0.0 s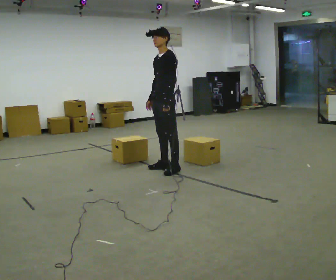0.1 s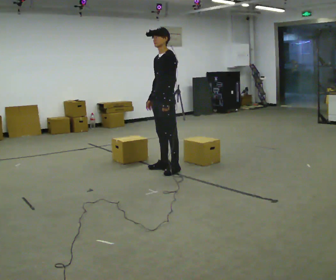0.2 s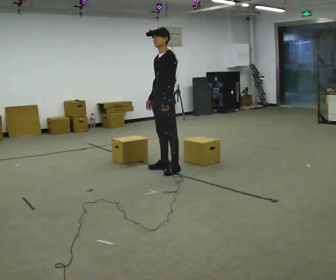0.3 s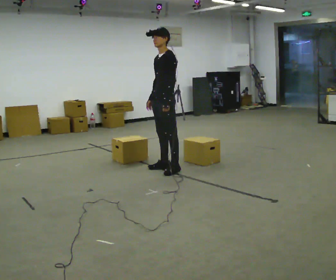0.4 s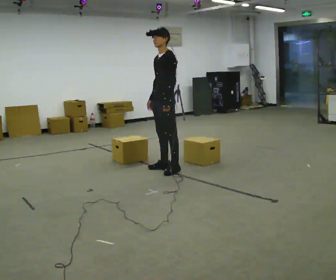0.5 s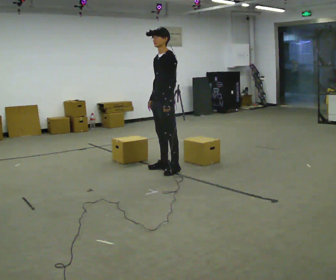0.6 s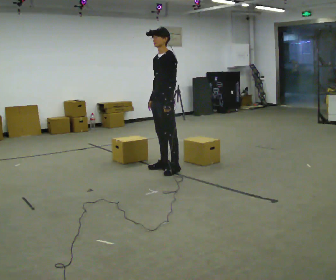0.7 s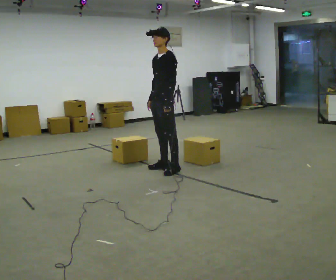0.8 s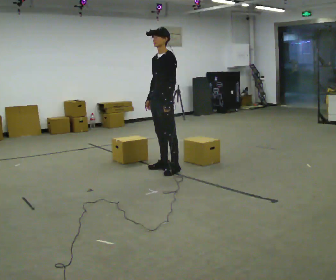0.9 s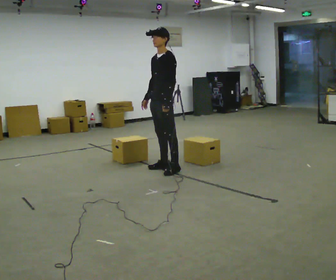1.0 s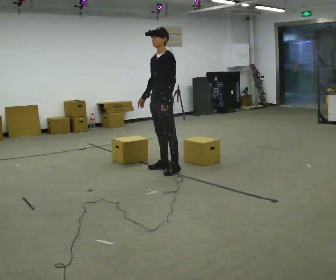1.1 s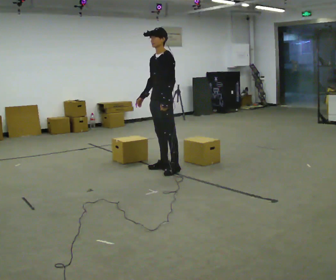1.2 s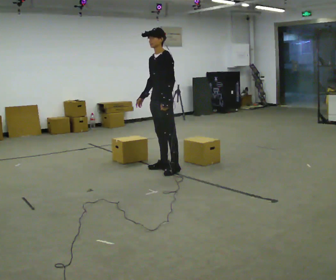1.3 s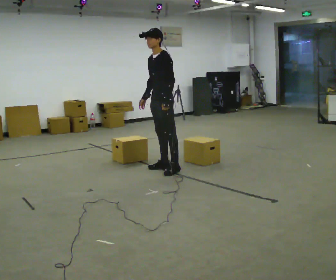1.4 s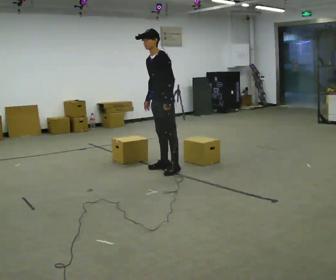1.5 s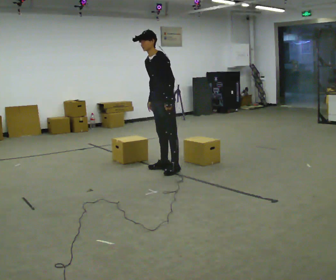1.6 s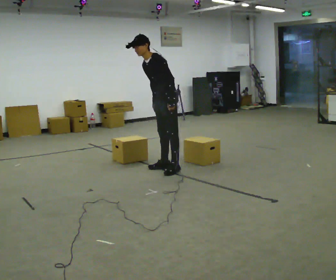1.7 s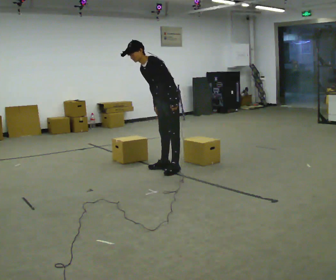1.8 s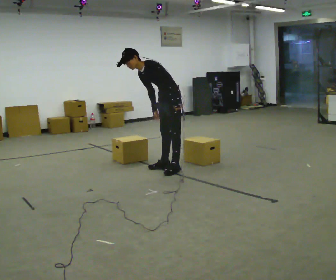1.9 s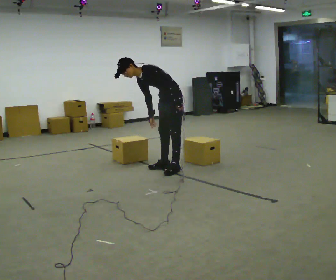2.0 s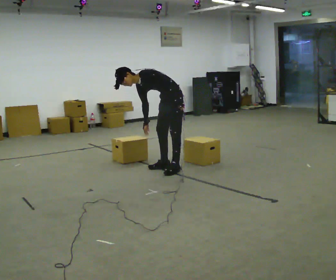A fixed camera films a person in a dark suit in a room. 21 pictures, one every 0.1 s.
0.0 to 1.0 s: The person moves a little, or ends about where they began.
1.0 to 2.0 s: The shoulders move downward. In the picture the upper body tilts counterclockwise, shoulders to the left, as they bend forward.
The film runs backward here.
